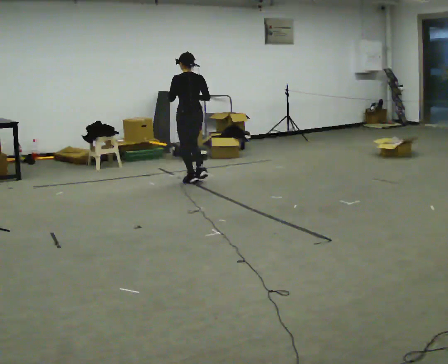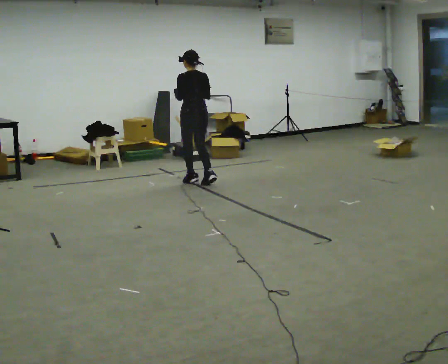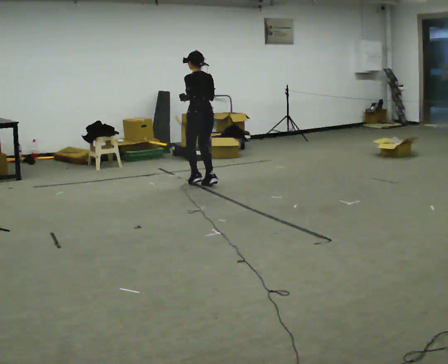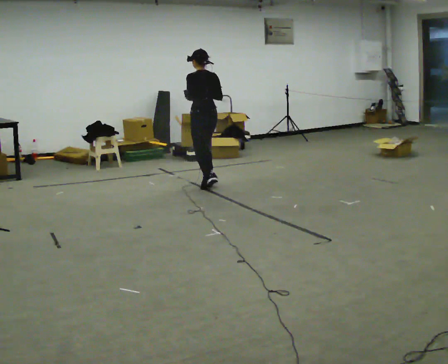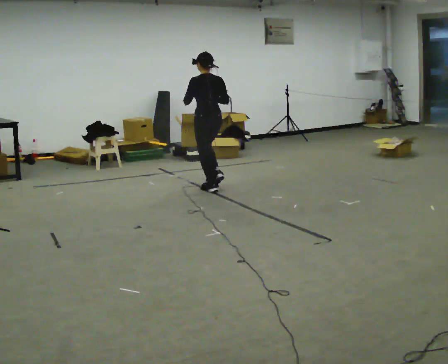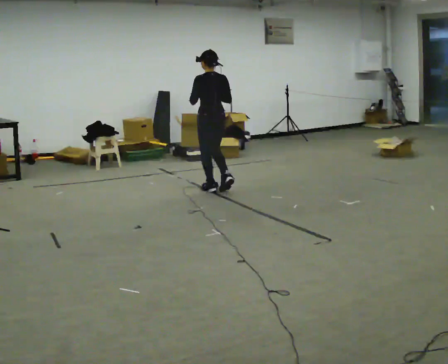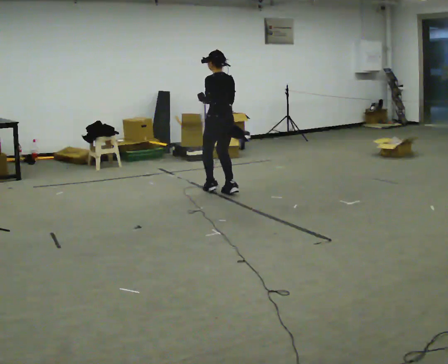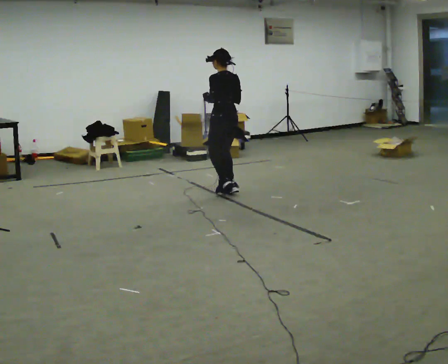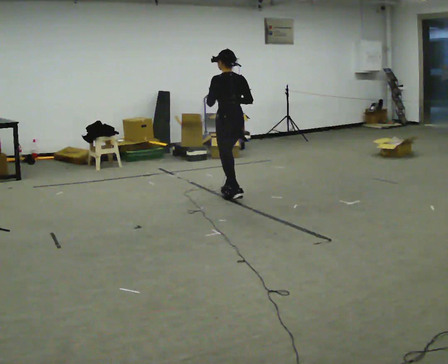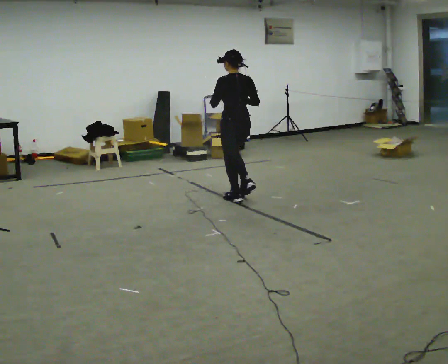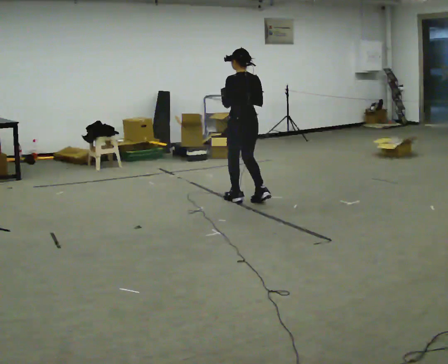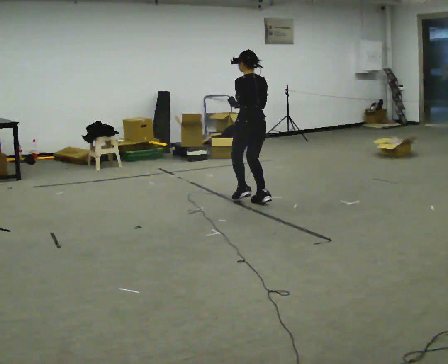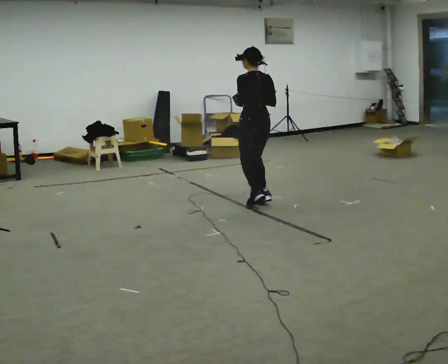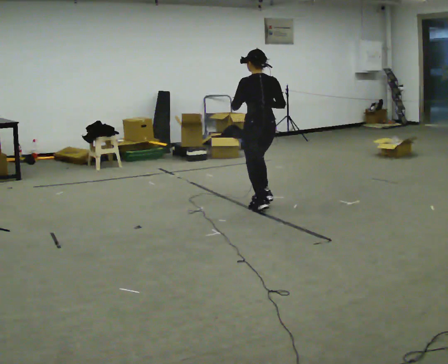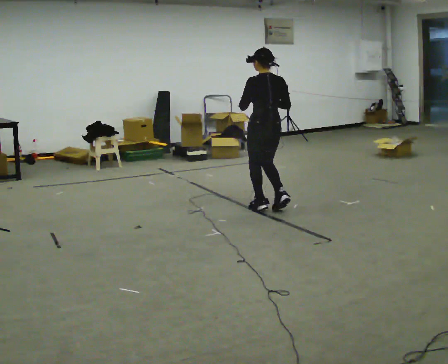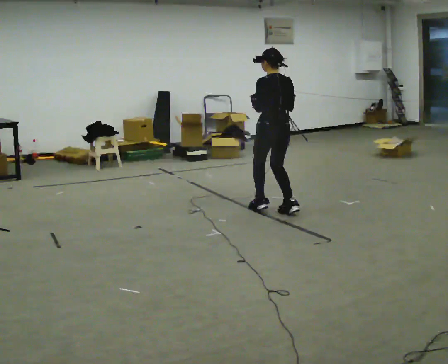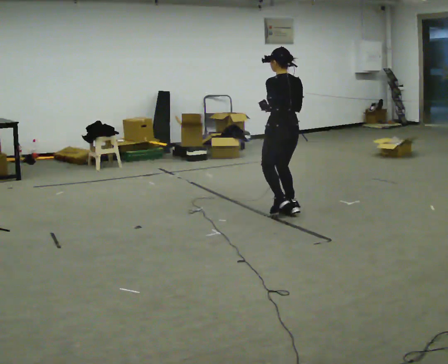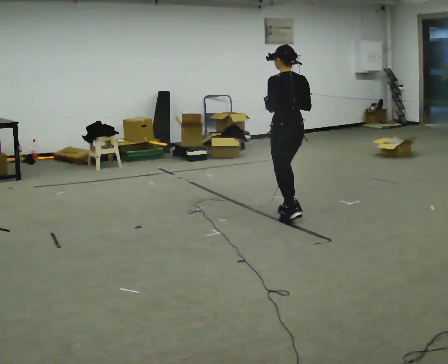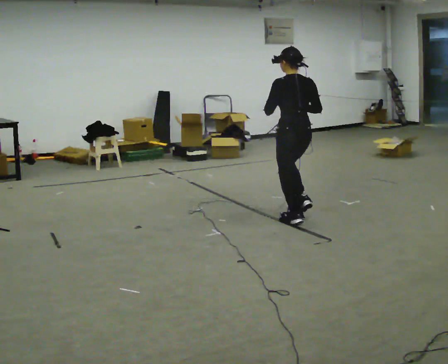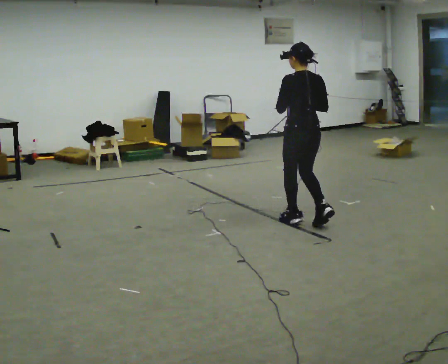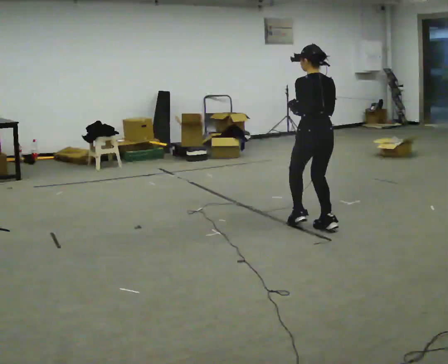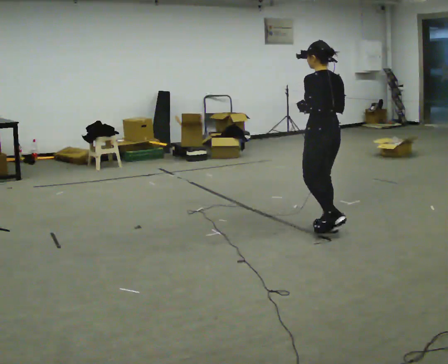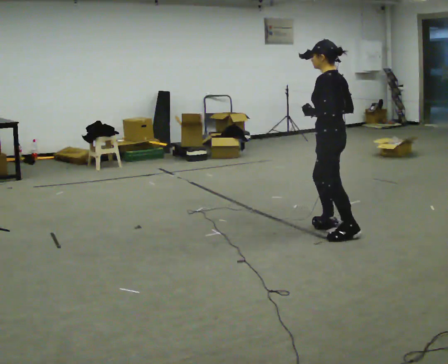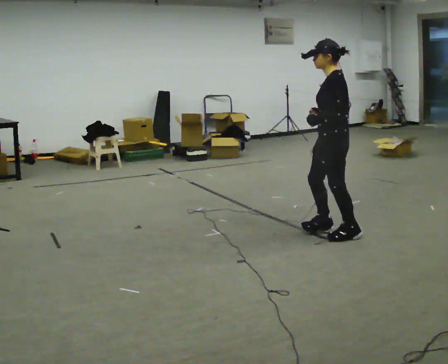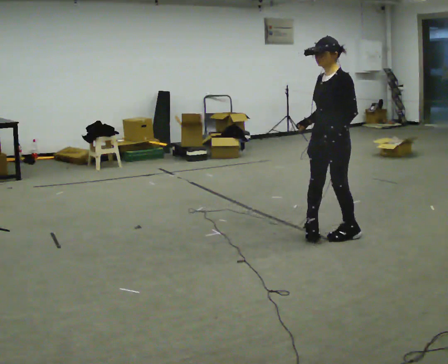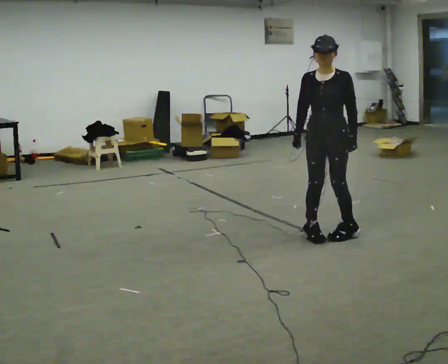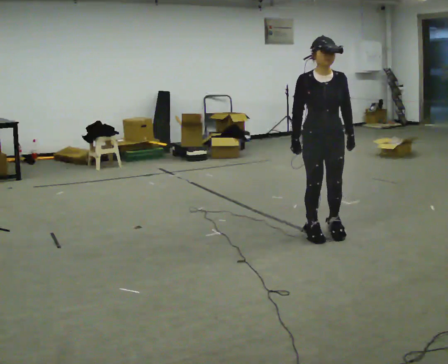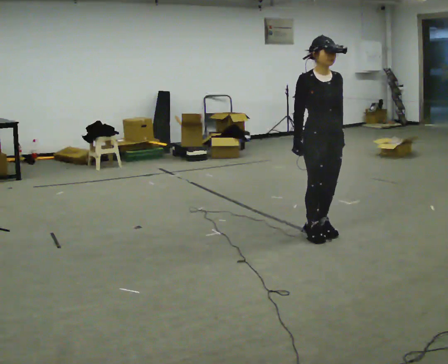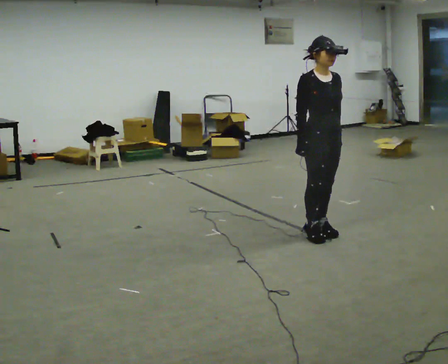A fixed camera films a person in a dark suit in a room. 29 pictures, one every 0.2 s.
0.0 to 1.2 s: In the picture they go toward the camera and to the right, about 0.75 m in 3 steps, which for them is backward.
1.2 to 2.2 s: In the picture they go toward the camera and to the right, about 0.5 m in 2 steps, which for them is backward.
2.2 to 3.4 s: In the picture they go toward the camera and to the right, about 0.5 m in 3 steps, which for them is backward.
3.4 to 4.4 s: Seen from above the body turns counterclockwise, about 30 degrees: to their left, with its near side sliding to the right. In the picture they go toward the camera and to the right, about 0.5 m in 2 steps, which for them is backward.
4.4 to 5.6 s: The part of the body nearest the lens slides to the right as the person turns to their left by about 150 degrees.
The film runs forward here.
